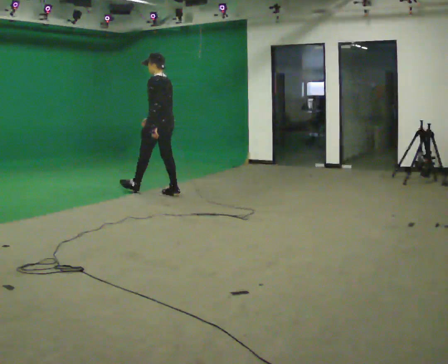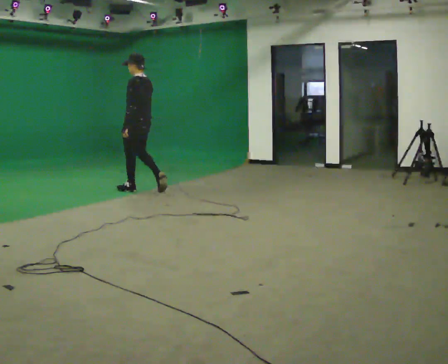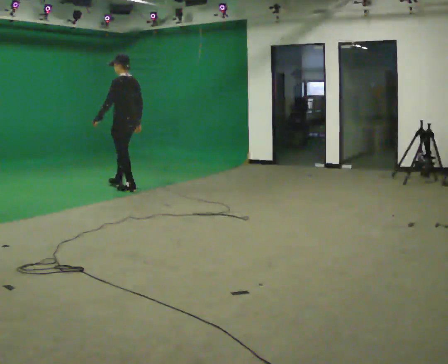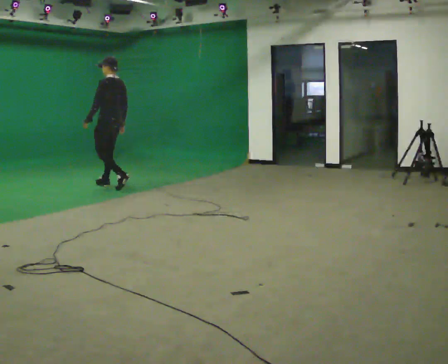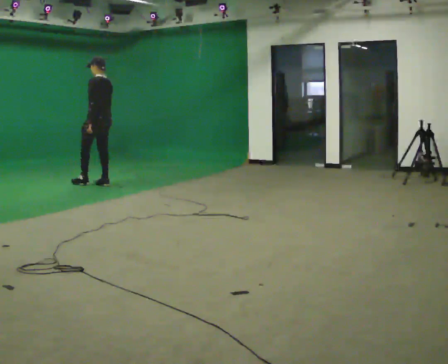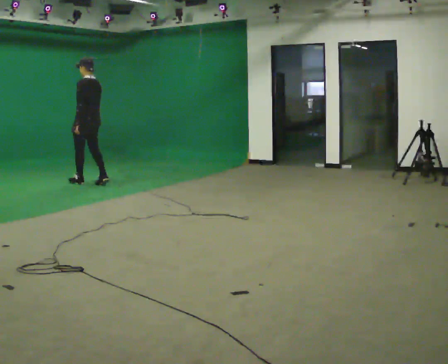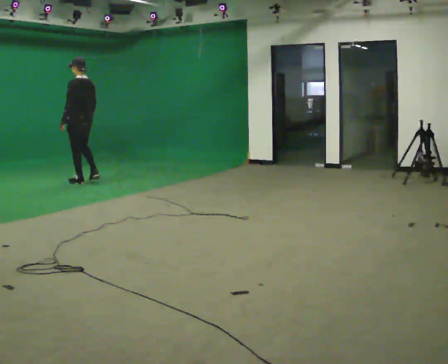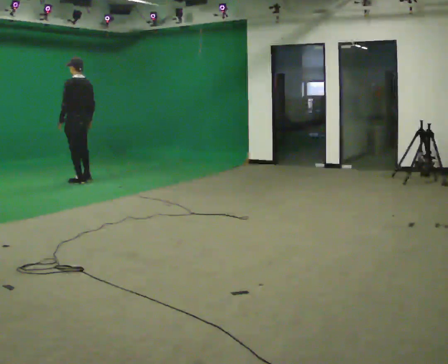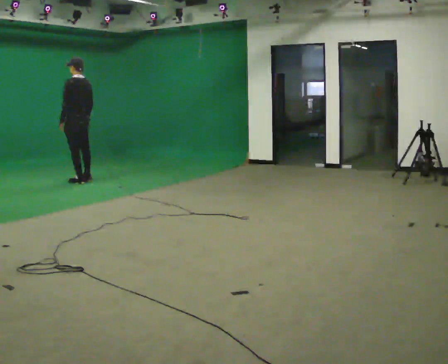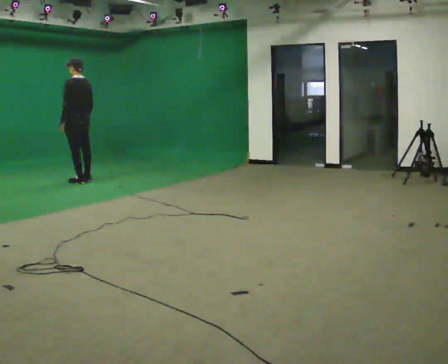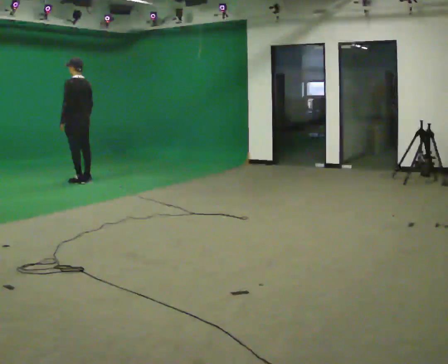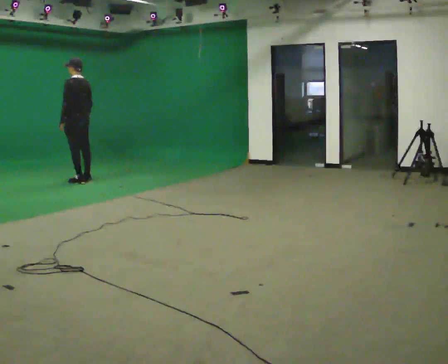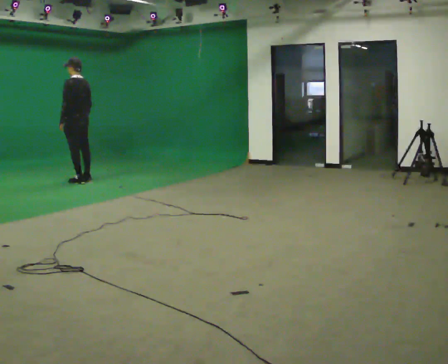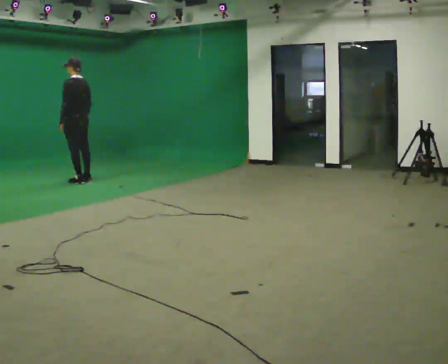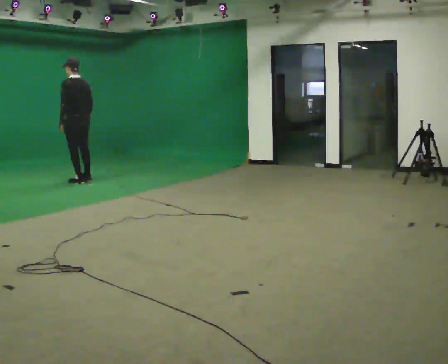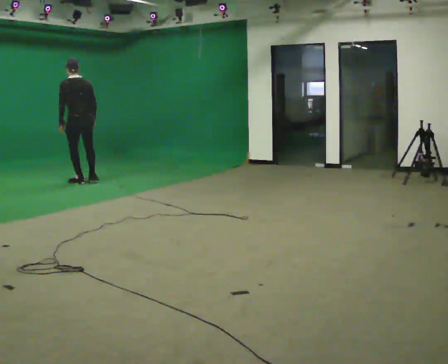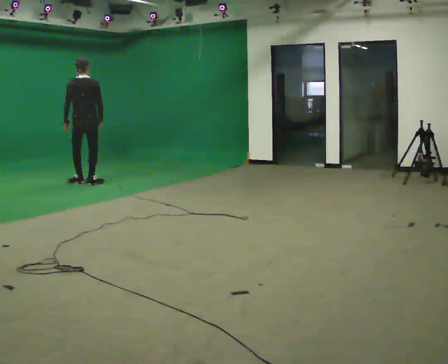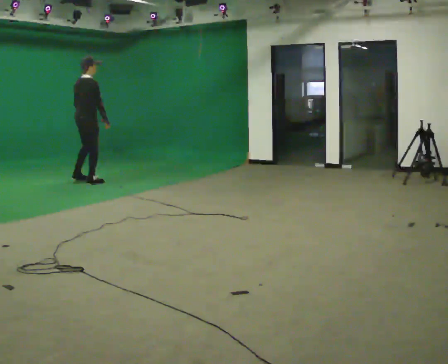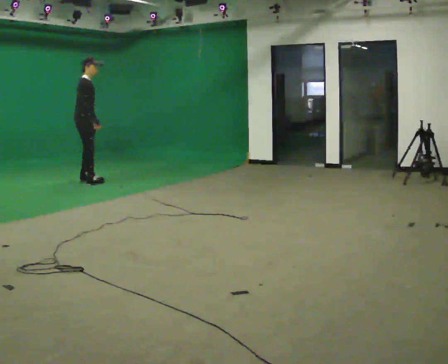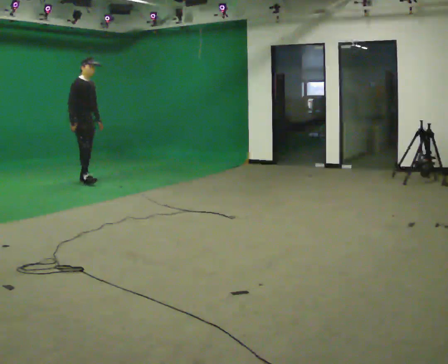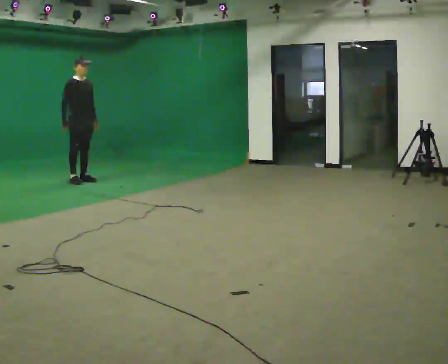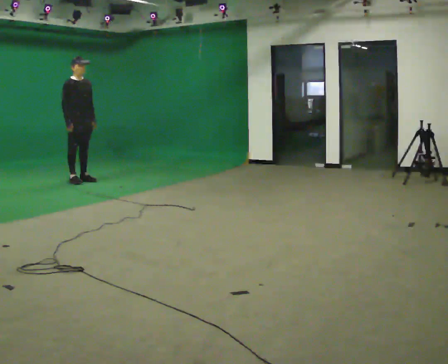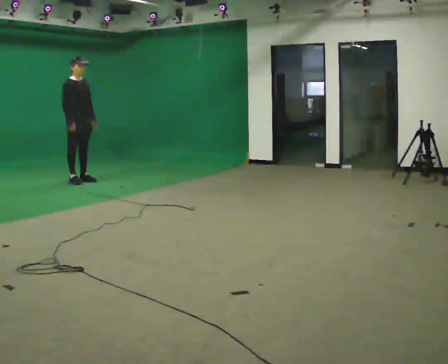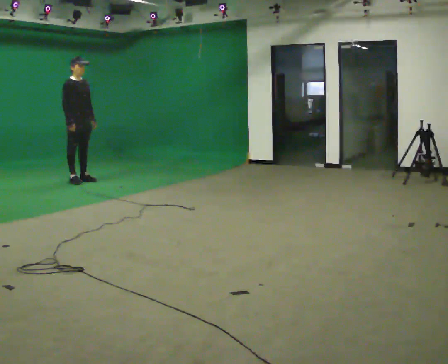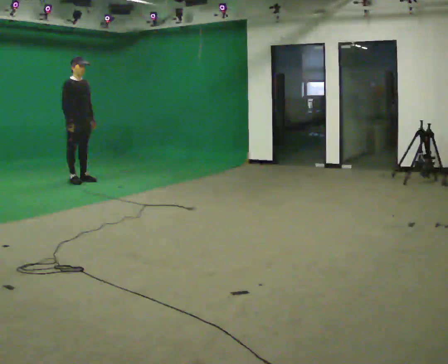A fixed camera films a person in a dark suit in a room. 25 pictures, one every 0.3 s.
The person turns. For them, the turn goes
to their right.
The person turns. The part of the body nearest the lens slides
to the left.
0.0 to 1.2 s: In the picture they go away from the camera and to the left, about 1 m in 2 steps, which for them is forward.
1.2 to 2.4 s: In the picture they go to the left and away from the camera, about 0.5 m in 2 steps, which for them is forward.
2.4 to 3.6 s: The person moves a little, or ends about where they began.
3.6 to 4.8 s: Seen from above the body turns clockwise, about 60 degrees: to their right, with its near side sliding to the left.
4.8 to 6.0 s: The part of the body nearest the lens slides to the left as the person turns to their right by about 120 degrees. In the picture they go away from the camera, about 0.25 m in 2 steps. In the picture their left hand goes to the right, the arm swinging counterclockwise.
6.0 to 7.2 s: The person moves a little, or ends about where they began.
The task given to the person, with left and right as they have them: Stand still 2 s; begin walking naturally; walk forward; stop.
The film runs forward here.
